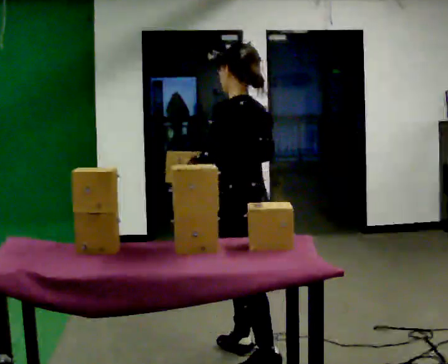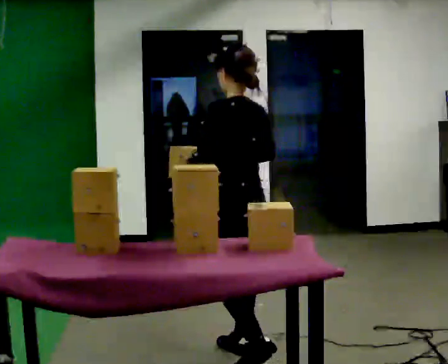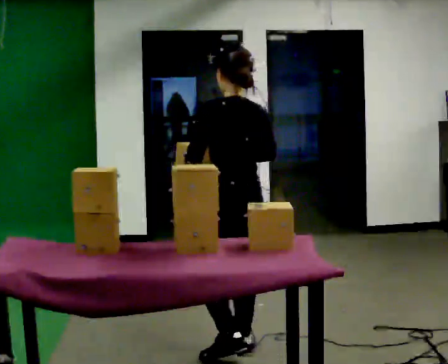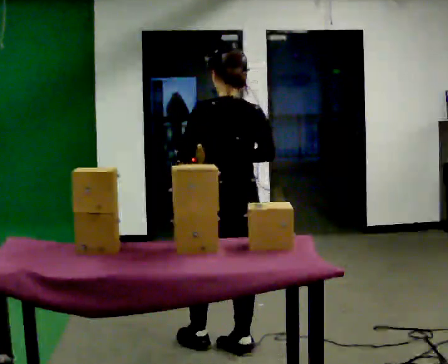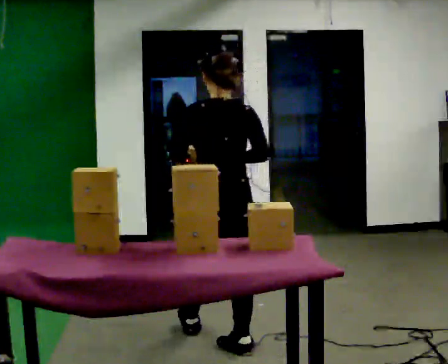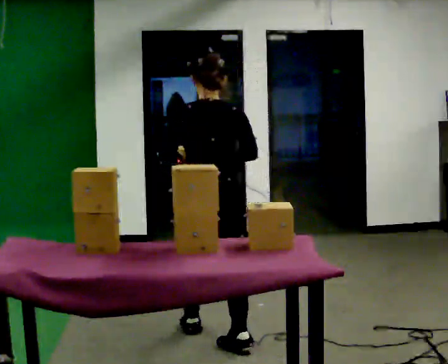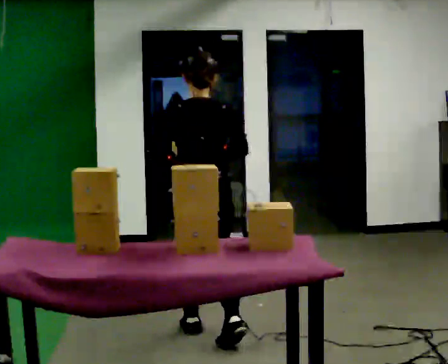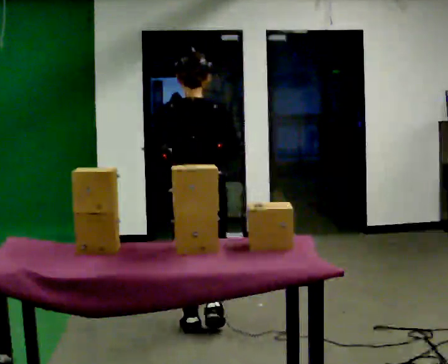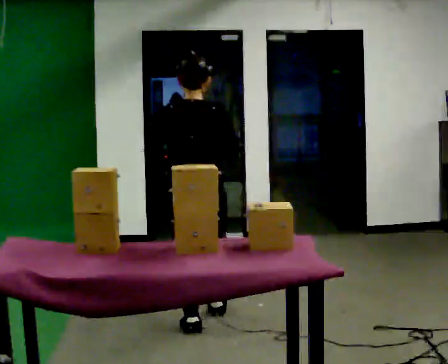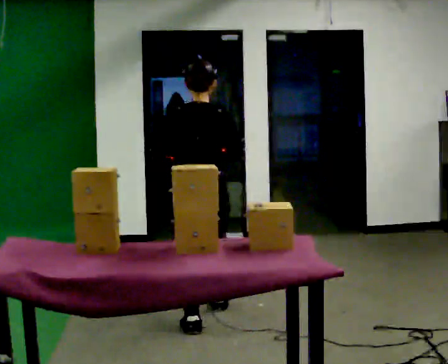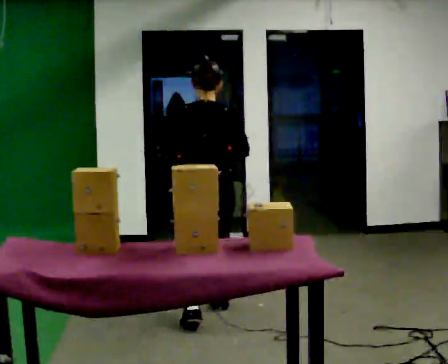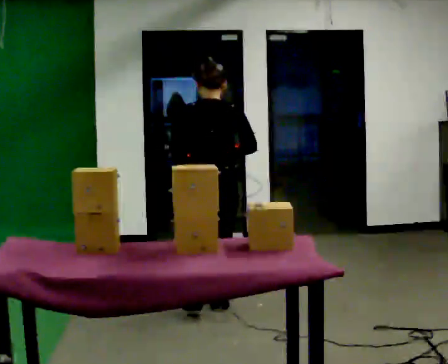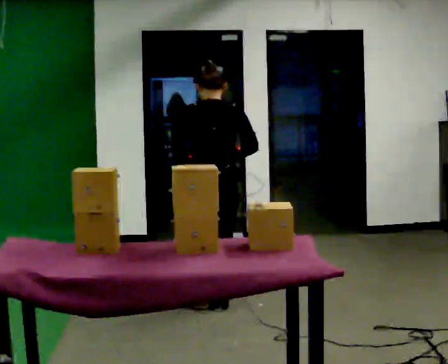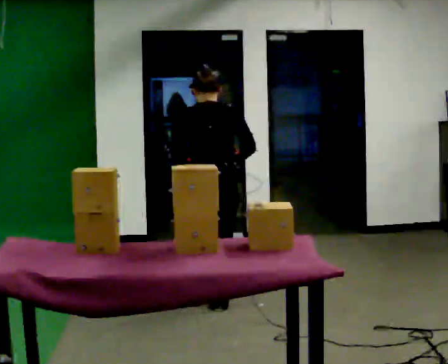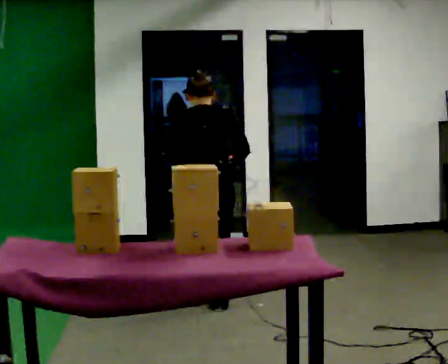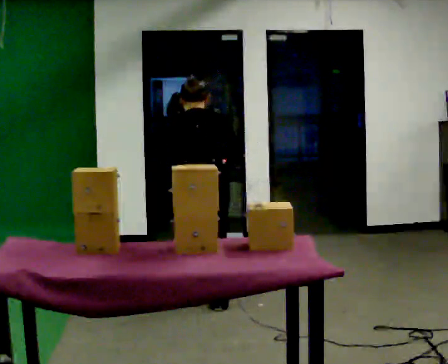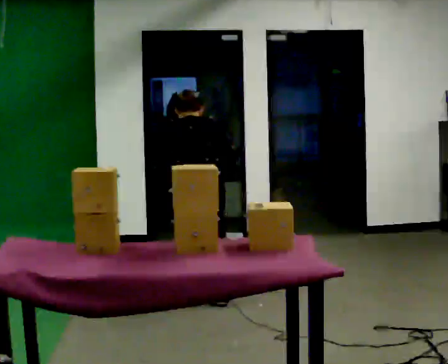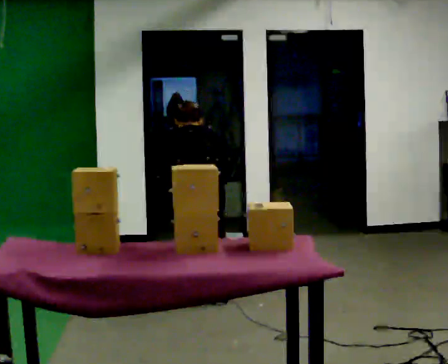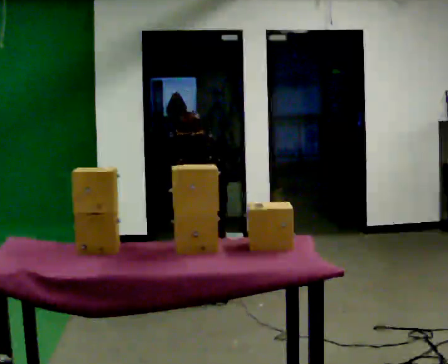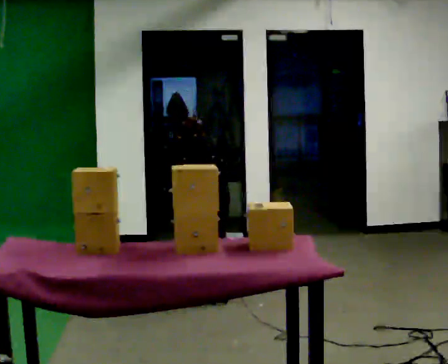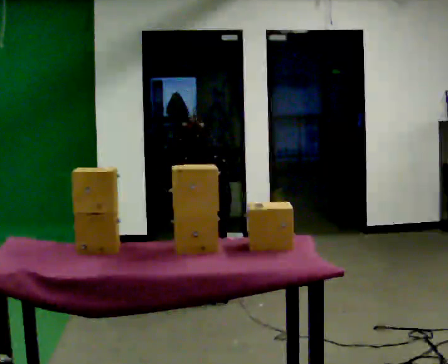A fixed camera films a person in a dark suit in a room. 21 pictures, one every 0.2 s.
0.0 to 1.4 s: Seen from above the body turns clockwise, about 75 degrees: to their right, with its near side sliding to the left. In the picture they go away from the camera and to the left, about 0.5 m in 1 step.
1.4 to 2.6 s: In the picture they go away from the camera, about 0.5 m in 2 steps, which for them is forward. The upper body tips away from the camera, its near side rolling upward, as they bend forward.
2.6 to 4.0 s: The shoulders move downward. The upper body tips away from the camera, its near side rolling upward, as they bend forward. In the picture their right hand goes downward.
The film runs forward here.
